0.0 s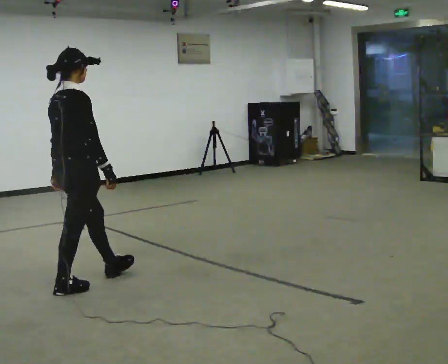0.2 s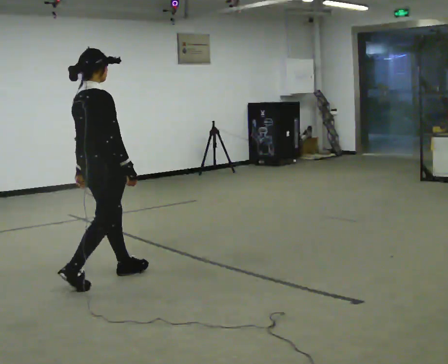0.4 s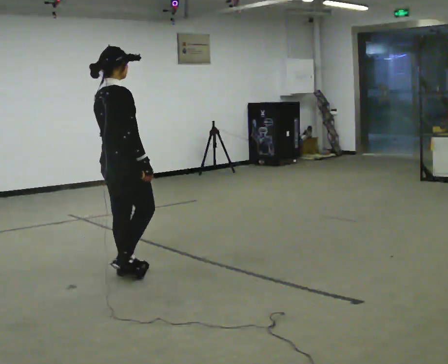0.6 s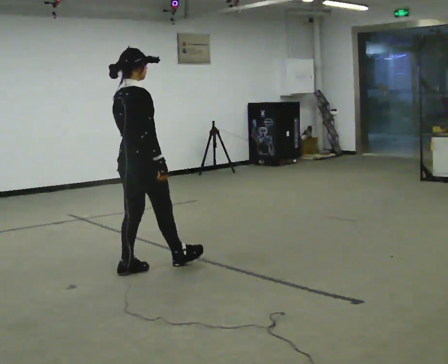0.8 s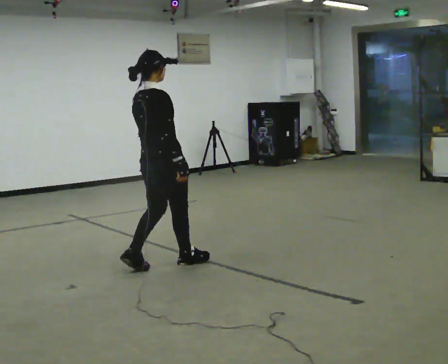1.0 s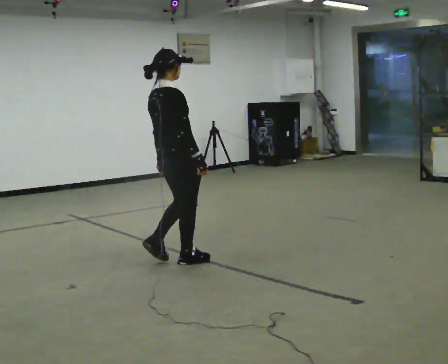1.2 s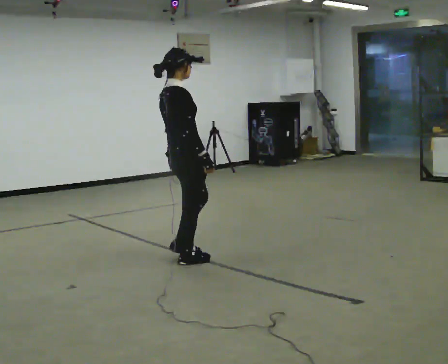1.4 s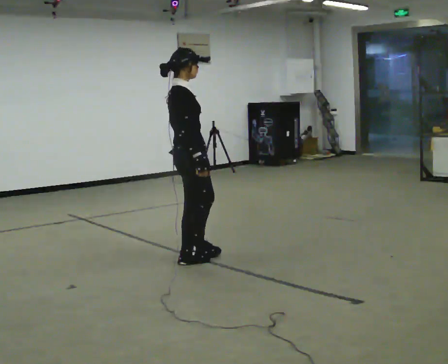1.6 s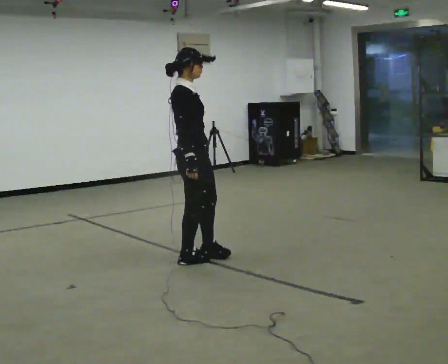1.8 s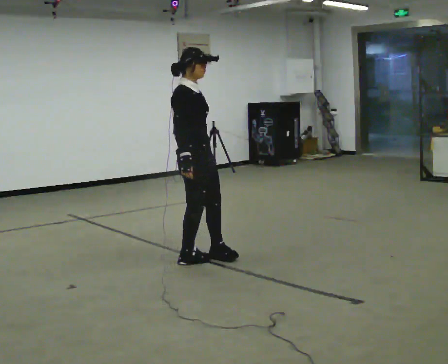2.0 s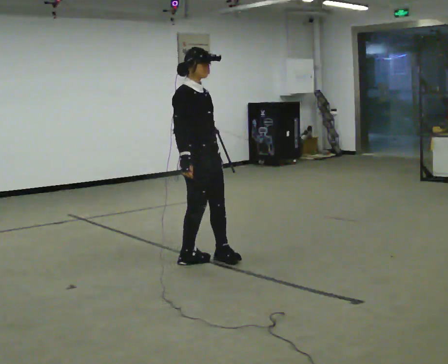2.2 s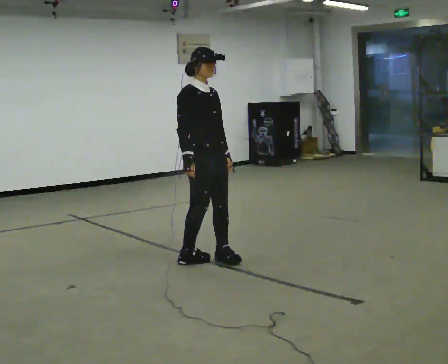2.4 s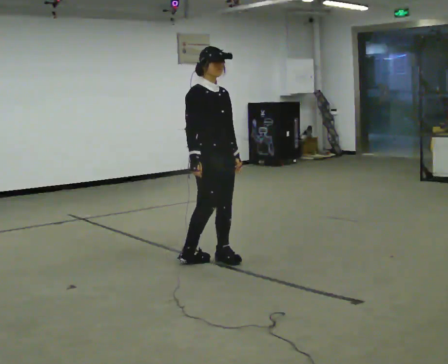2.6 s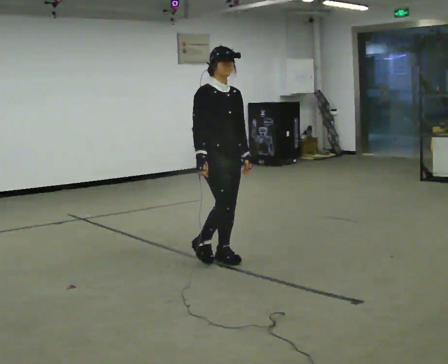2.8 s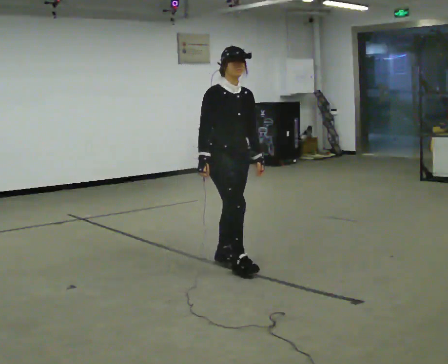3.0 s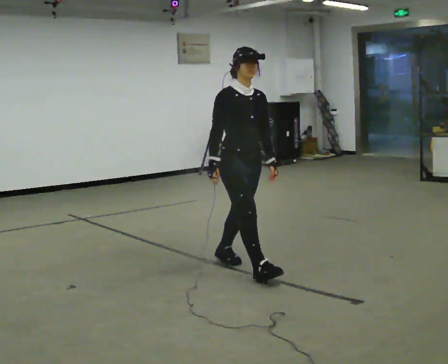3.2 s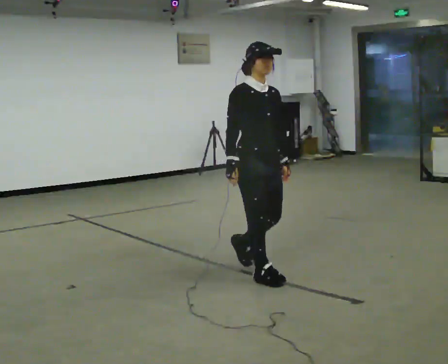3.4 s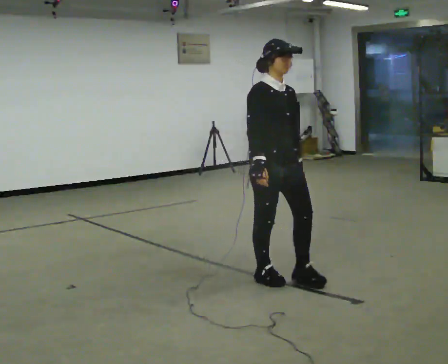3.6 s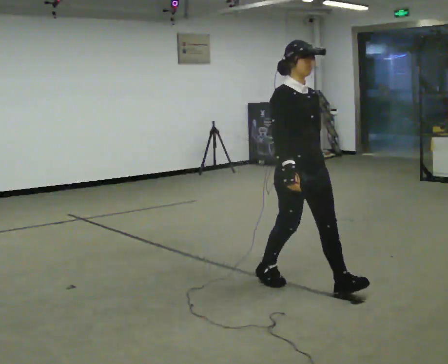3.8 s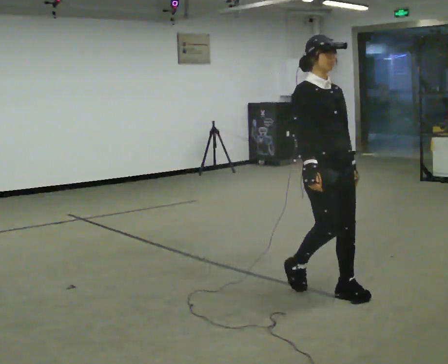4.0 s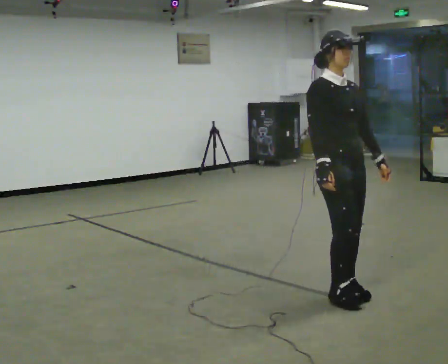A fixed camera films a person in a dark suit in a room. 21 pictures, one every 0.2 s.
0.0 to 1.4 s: Seen from above the body turns clockwise, about 30 degrees: to their right, with its near side sliding to the left. In the picture they go to the right and away from the camera, about 1 m in 2 steps, which for them is forward.
1.4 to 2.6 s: The part of the body nearest the lens slides to the left as the person turns to their right by about 60 degrees. In the picture they go to the right, about 0.25 m in 1 step, which for them is forward.
2.6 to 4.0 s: In the picture they go toward the camera and to the right, about 1 m in 2 steps, which for them is forward.
The film runs forward here.
